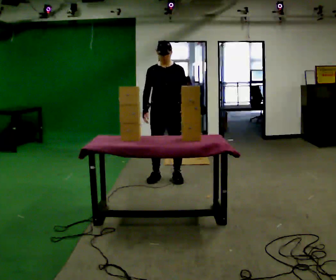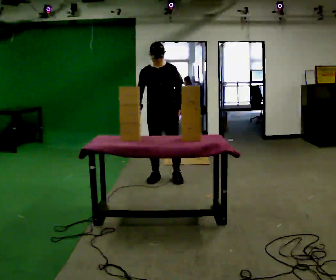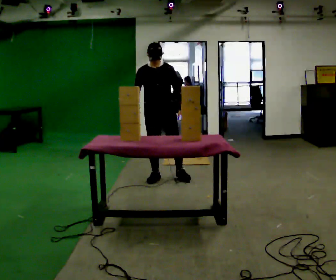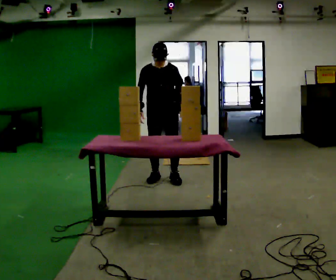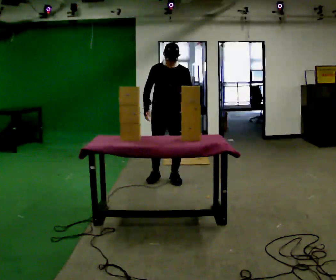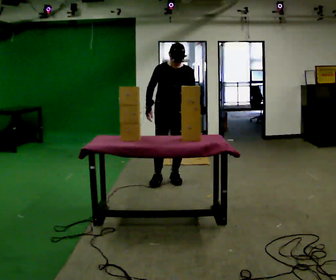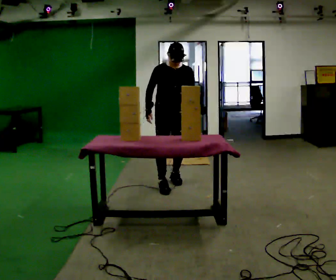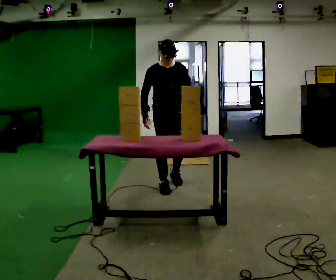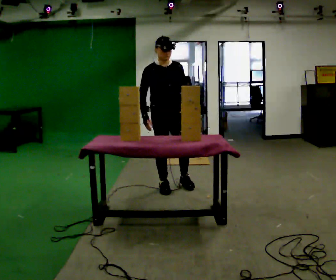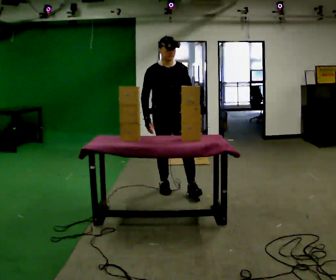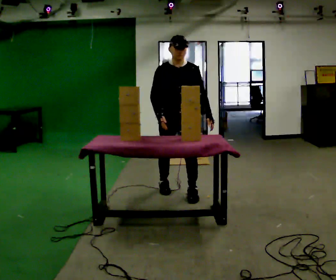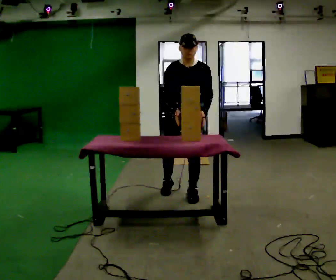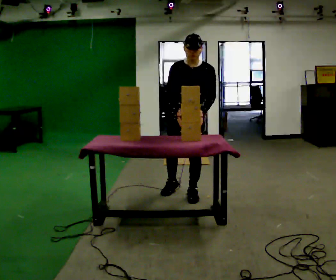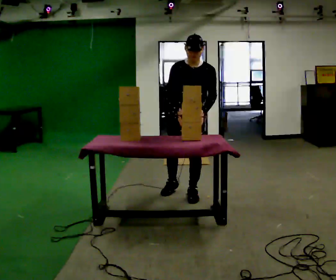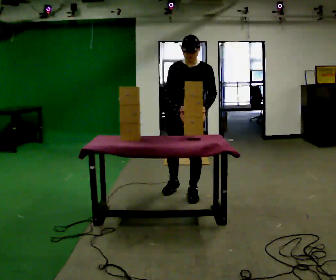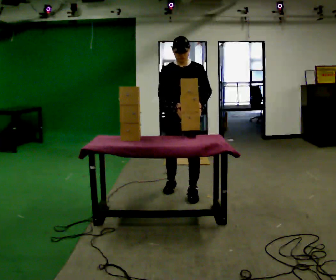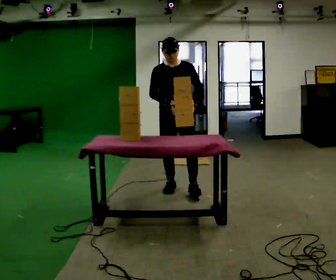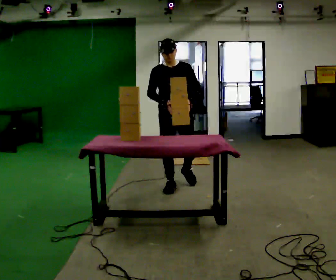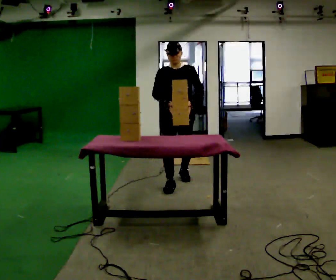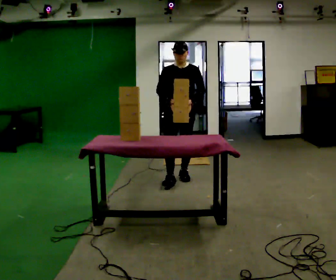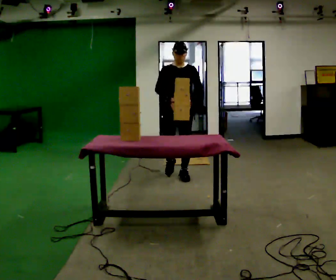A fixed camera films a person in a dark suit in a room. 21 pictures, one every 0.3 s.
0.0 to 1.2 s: The person moves a little, or ends about where they began.
1.2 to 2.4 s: In the picture they go toward the camera, about 0.5 m in 2 steps, which for them is forward.
2.4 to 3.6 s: The person turns about 30 degrees to their right, clockwise seen from above, so the part of the body nearest the lens slides to the left. In the picture they go toward the camera and to the right, about 0.25 m in 1 step, which for them is forward and to their left.
3.6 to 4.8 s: In the picture they go away from the camera, about 0.25 m in 1 step, which for them is backward and to their right.
4.8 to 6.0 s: In the picture they go away from the camera, about 0.5 m in 1 step, which for them is backward.
The film runs backward here.
